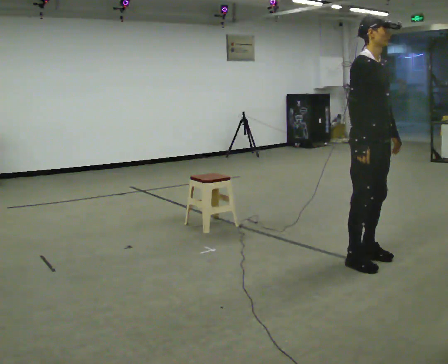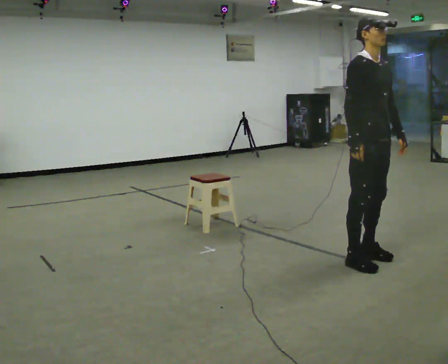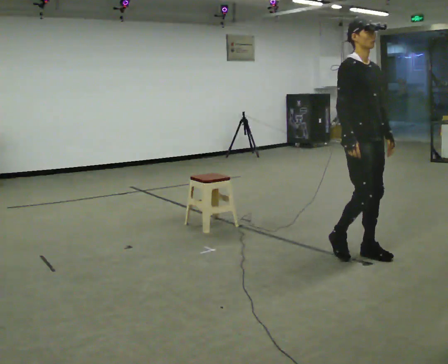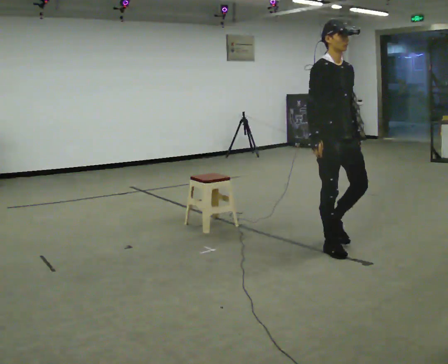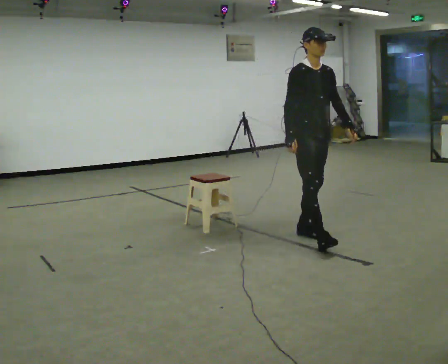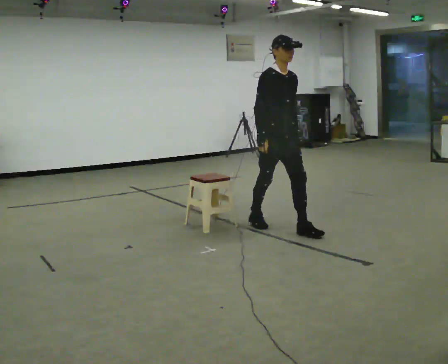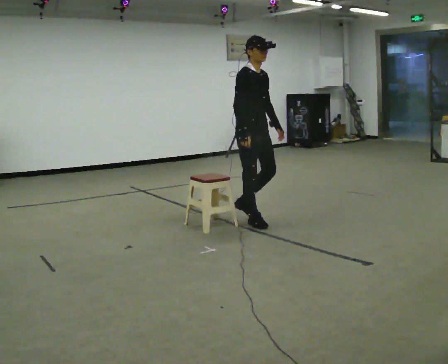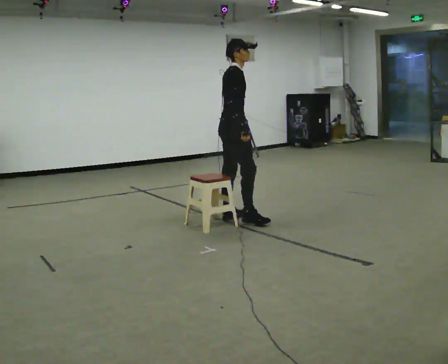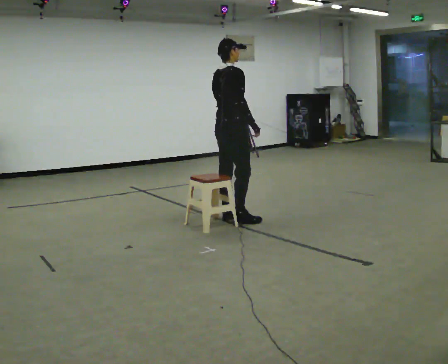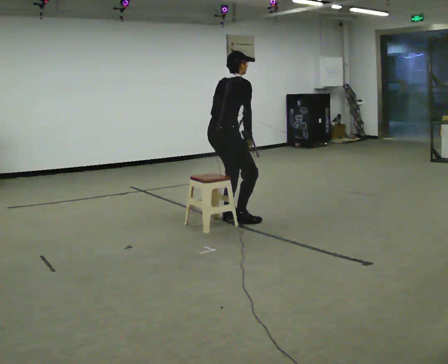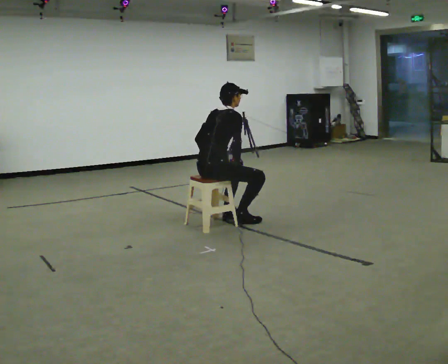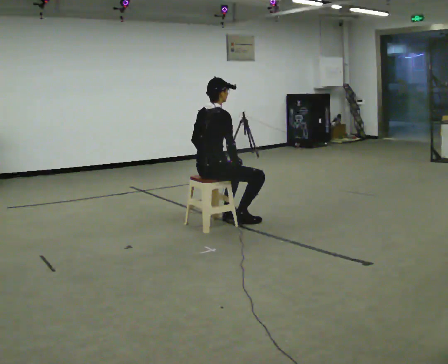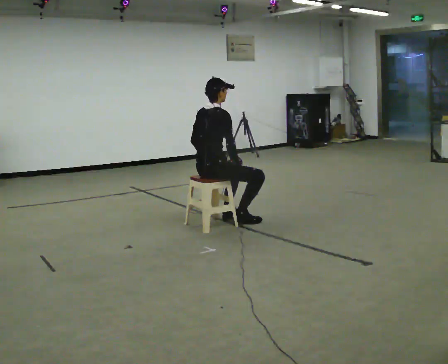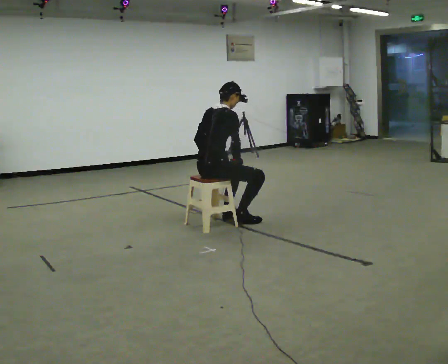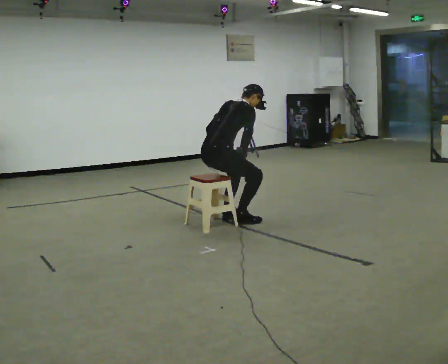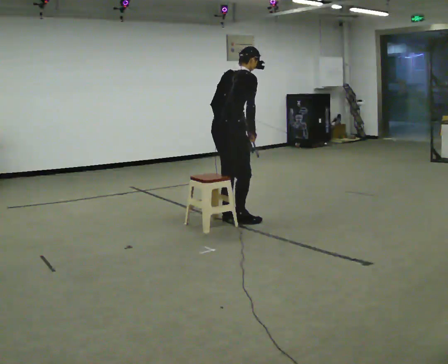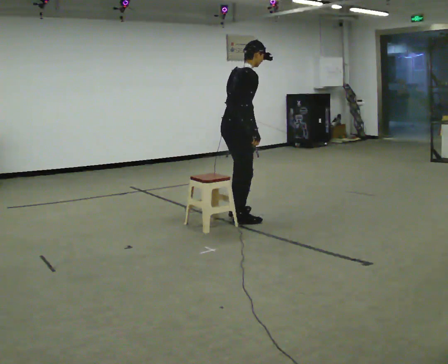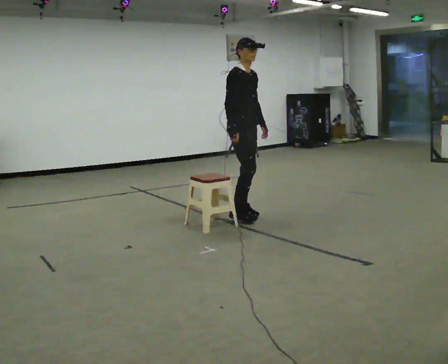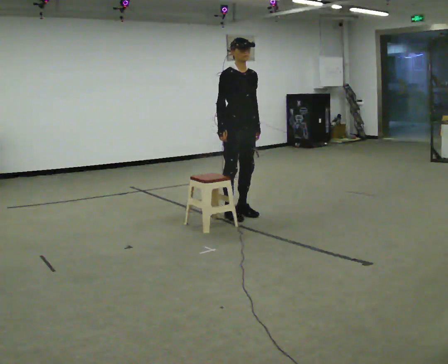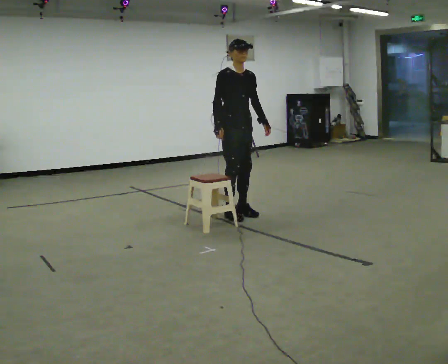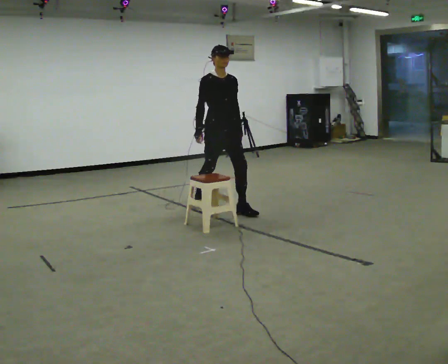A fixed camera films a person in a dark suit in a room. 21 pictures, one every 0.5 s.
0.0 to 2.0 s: In the picture they go away from the camera and to the left, about 0.5 m in 3 steps, which for them is backward.
2.0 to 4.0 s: The person turns about 90 degrees to their left, counterclockwise seen from above, so the part of the body nearest the lens slides to the right. In the picture they go away from the camera and to the left, about 1 m in 2 steps.
4.0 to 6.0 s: In the picture they go toward the camera and to the left, about 0.25 m, which for them is backward. The shoulders move downward. In the picture their left hand goes downward.
6.0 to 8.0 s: In the picture they go to the right, about 0.25 m in 1 step, which for them is forward. The shoulders move upward.
8.0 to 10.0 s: Seen from above the body turns clockwise, about 90 degrees: to their right, with its near side sliding to the left. In the picture they go away from the camera, about 0.5 m in 2 steps. In the picture the upper body tilts counterclockwise, shoulders to the left, as they lean back or straighten.
The film runs backward here.
